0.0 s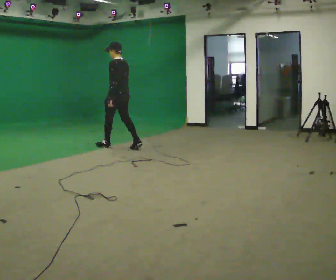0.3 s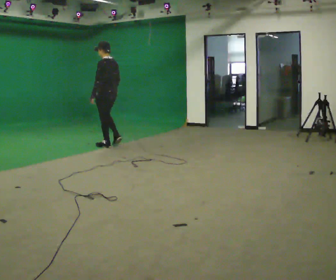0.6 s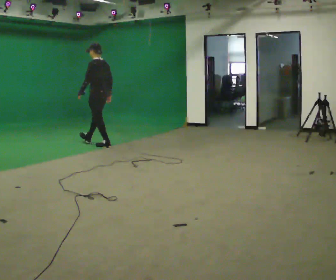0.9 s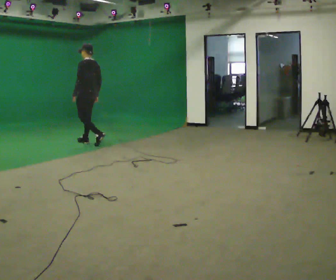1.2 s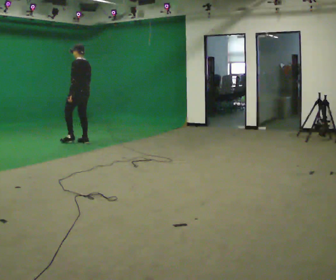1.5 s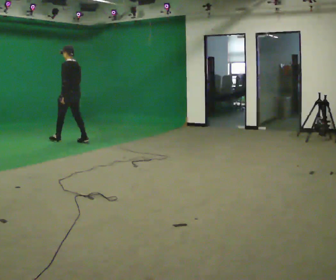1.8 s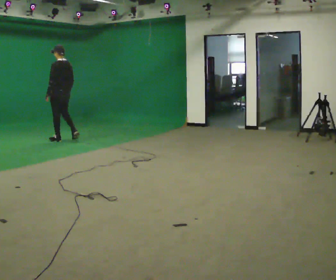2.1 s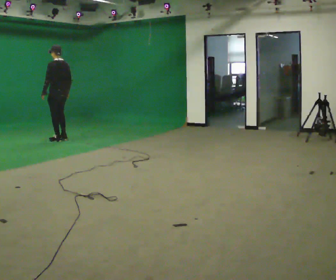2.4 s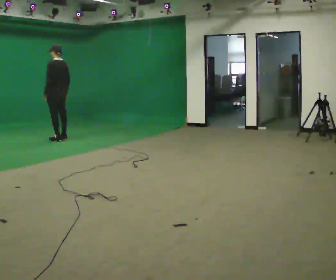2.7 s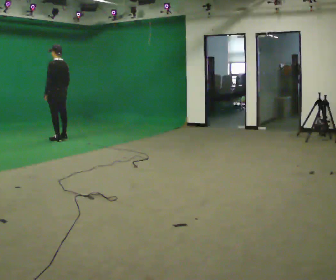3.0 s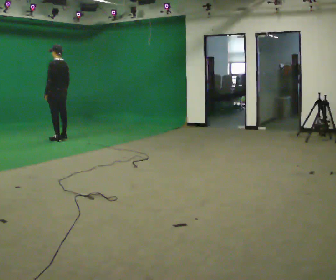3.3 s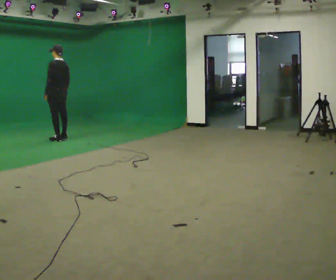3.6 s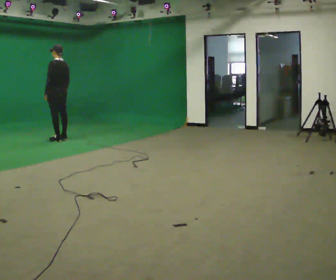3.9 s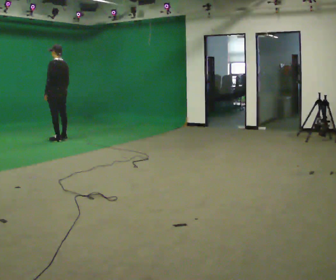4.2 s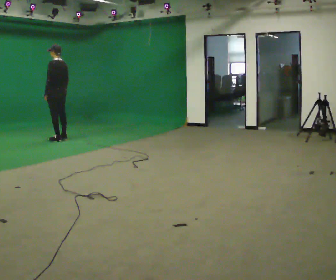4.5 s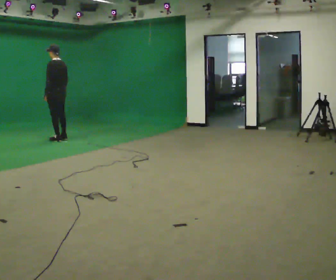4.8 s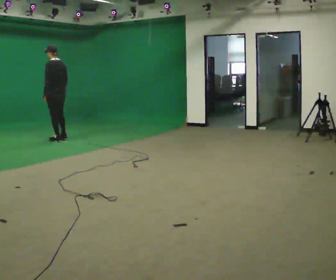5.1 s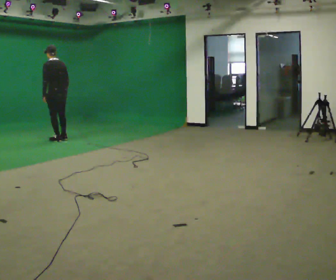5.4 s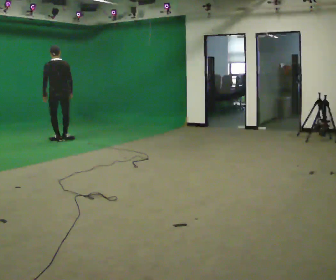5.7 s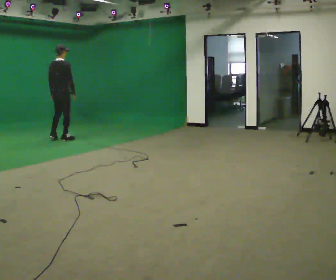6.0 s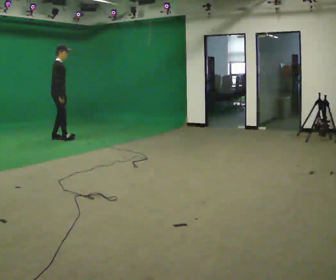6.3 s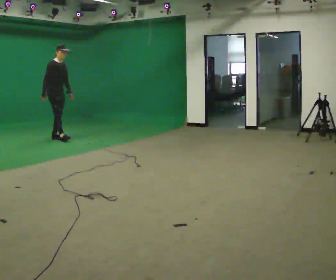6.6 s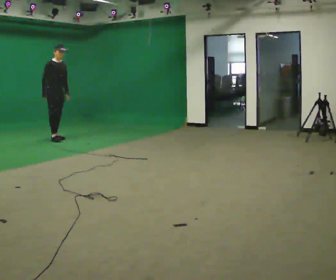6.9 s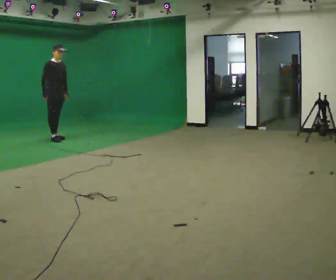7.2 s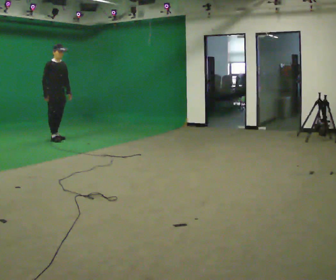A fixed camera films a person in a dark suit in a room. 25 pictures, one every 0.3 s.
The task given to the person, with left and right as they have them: Start at normal speed; gradually slow over several steps; stop gently.
0.0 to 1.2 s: In the picture they go to the left and away from the camera, about 1 m in 1 step, which for them is forward.
1.2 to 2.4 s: In the picture they go to the left and away from the camera, about 0.5 m in 2 steps, which for them is forward.
2.4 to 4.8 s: The person moves a little, or ends about where they began.
4.8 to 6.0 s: The person turns about 135 degrees to their right, clockwise seen from above, so the part of the body nearest the lens slides to the left. In the picture their left hand goes to the right.
6.0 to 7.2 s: The part of the body nearest the lens slides to the left as the person turns to their right by about 45 degrees.
The film runs forward here.
